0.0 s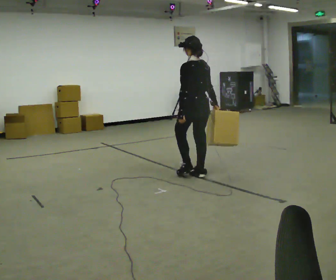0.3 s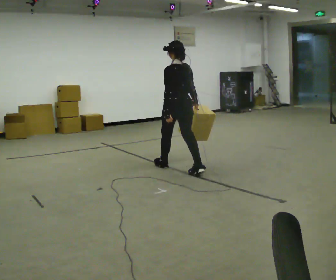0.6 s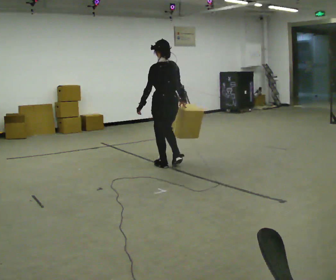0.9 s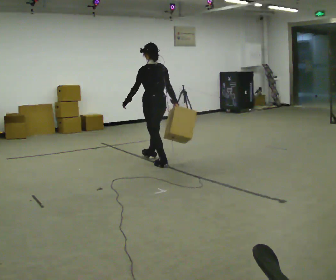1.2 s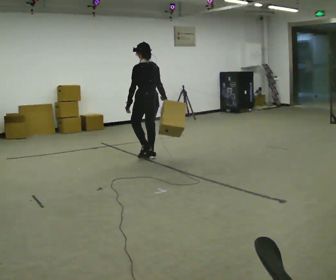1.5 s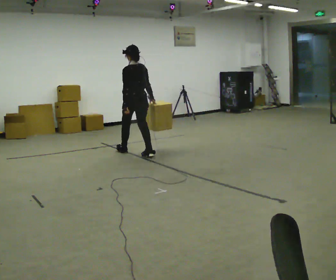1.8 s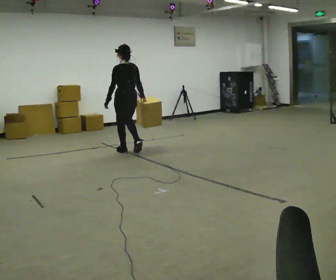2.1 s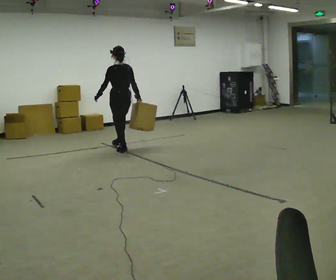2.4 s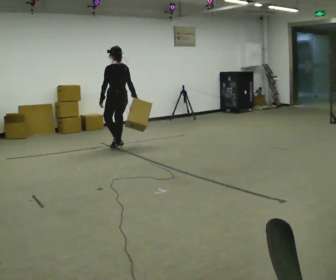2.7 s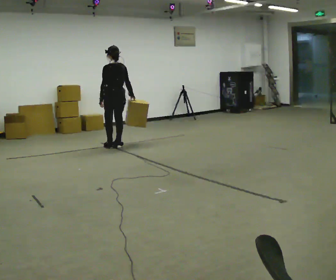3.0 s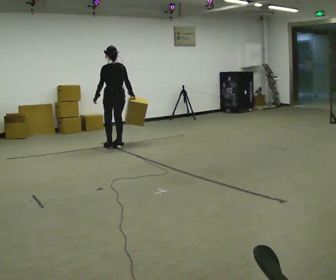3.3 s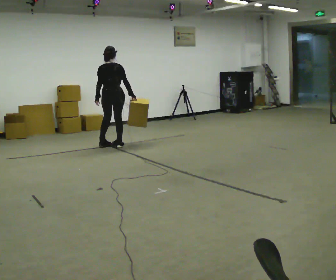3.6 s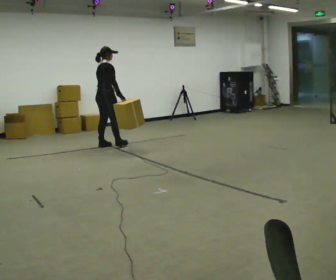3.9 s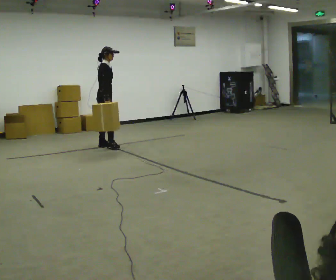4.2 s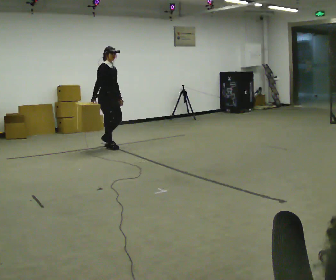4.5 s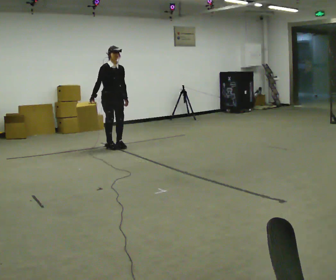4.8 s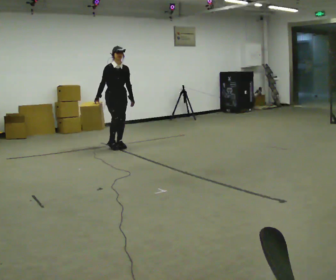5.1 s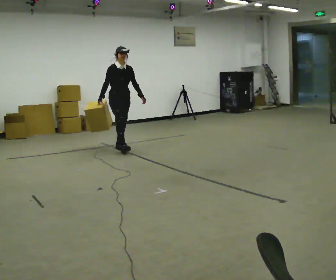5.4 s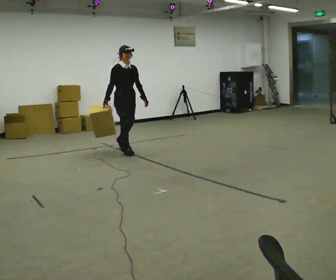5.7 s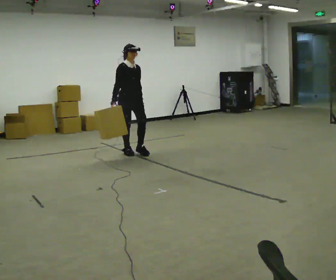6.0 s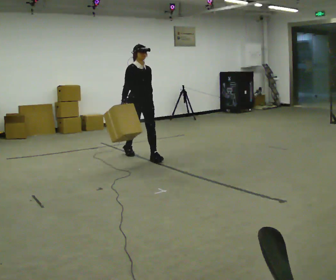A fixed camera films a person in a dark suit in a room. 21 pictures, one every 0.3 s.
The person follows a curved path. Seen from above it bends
counterclockwise.
0.0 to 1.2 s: In the picture they go away from the camera and to the left, about 1 m in 2 steps, which for them is forward.
1.2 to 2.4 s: In the picture they go away from the camera and to the left, about 1 m in 2 steps, which for them is forward.
2.4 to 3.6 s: Seen from above the body turns clockwise, about 90 degrees: to their right, with its near side sliding to the left. In the picture they go to the left, about 0.25 m in 2 steps.
3.6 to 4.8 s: The person turns about 105 degrees to their right, clockwise seen from above, so the part of the body nearest the lens slides to the left. In the picture they go to the right, about 0.25 m in 2 steps. In the picture their right hand goes to the left, the arm swinging clockwise.
4.8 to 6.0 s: In the picture they go toward the camera and to the right, about 1 m in 2 steps, which for them is forward.
The film runs forward here.
